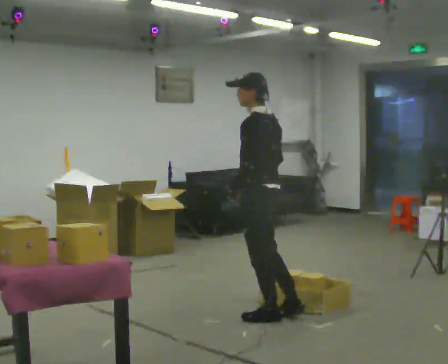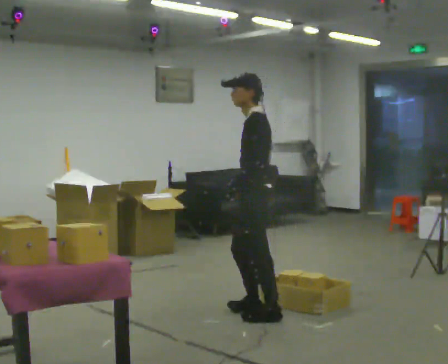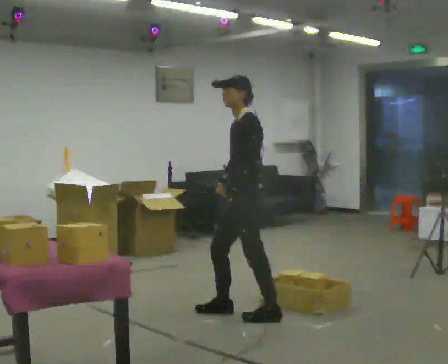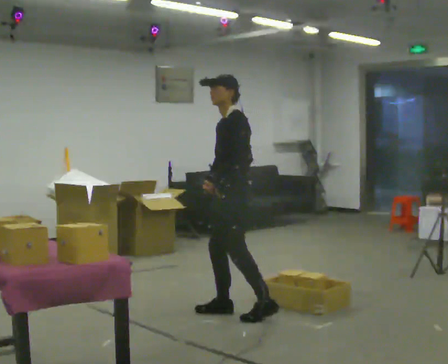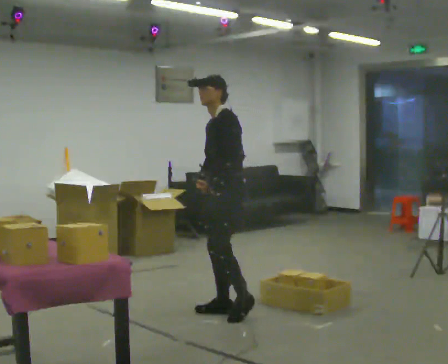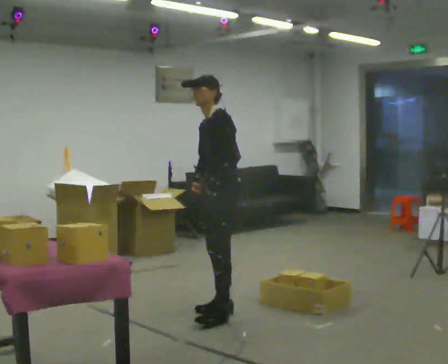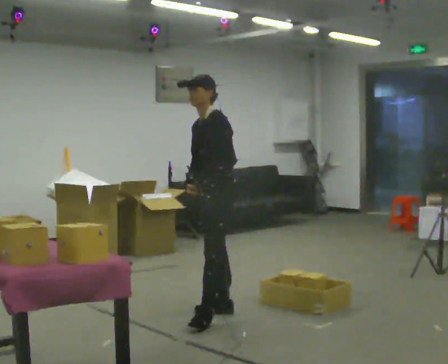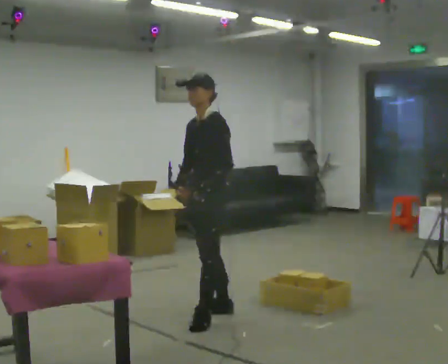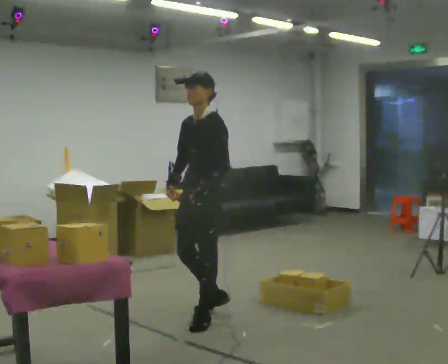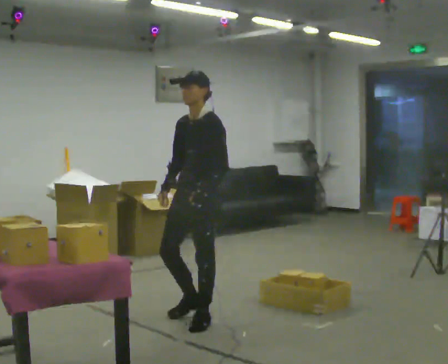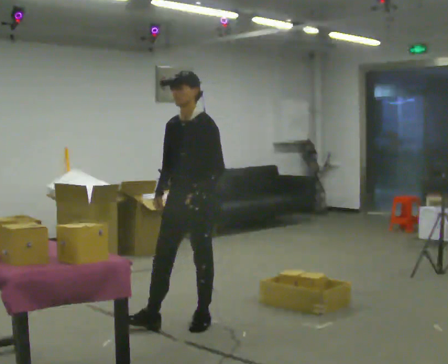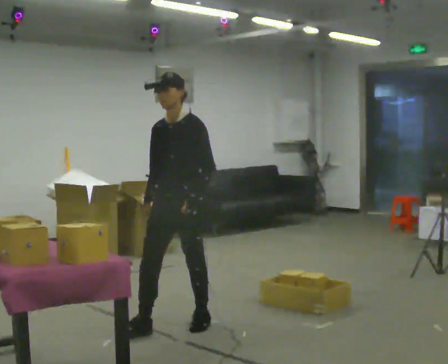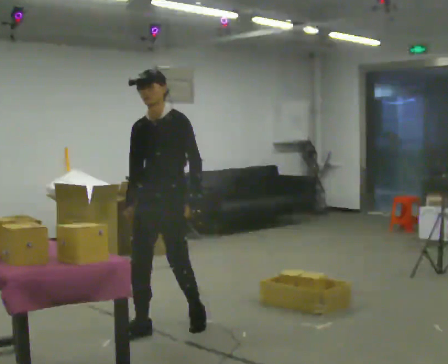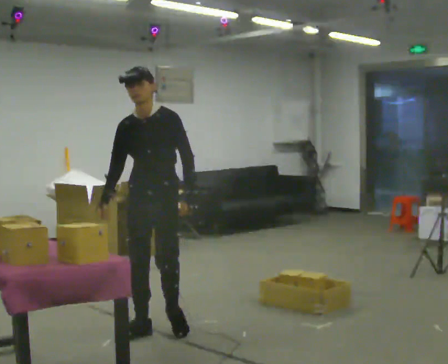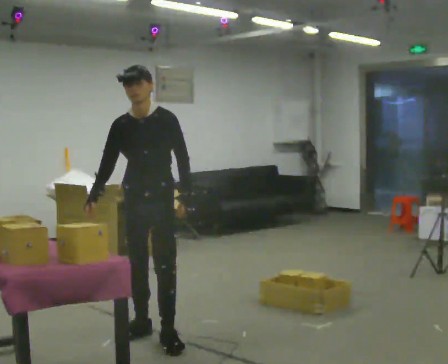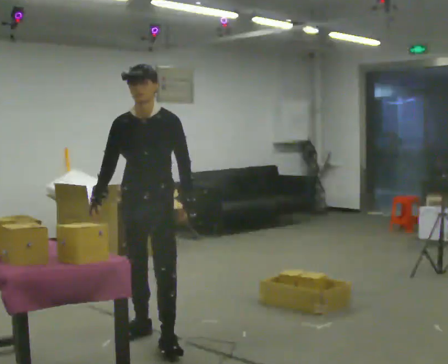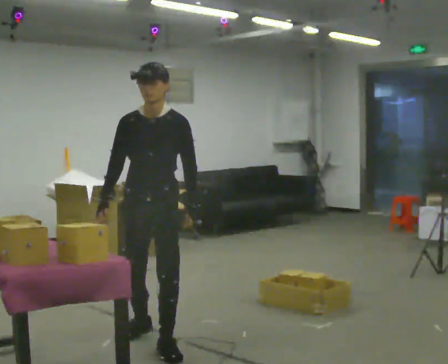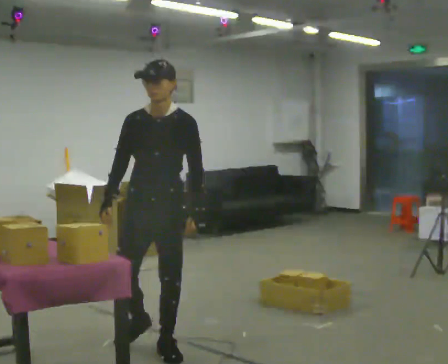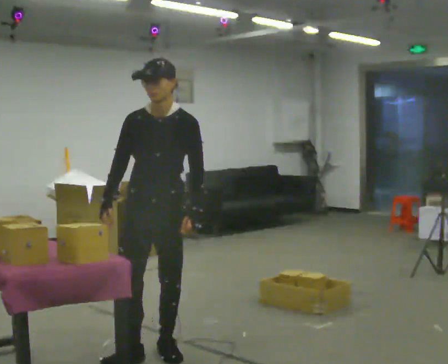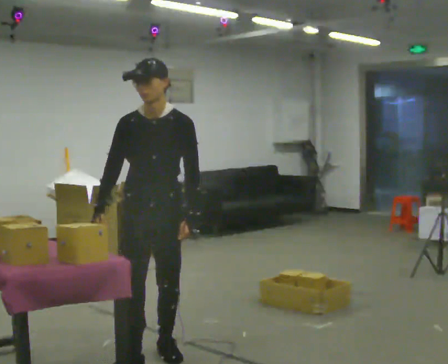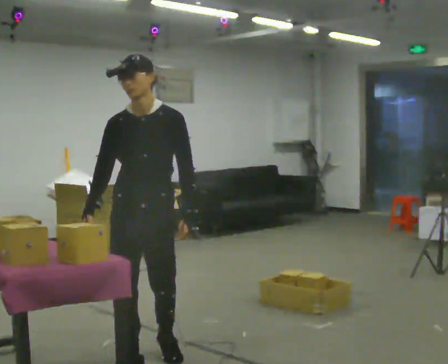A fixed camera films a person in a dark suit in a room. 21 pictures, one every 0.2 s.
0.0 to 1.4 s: Seen from above the body turns counterclockwise, about 60 degrees: to their left, with its near side sliding to the right. In the picture they go to the left and away from the camera, about 0.25 m in 2 steps.
1.4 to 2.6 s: The part of the body nearest the lens slides to the right as the person turns to their left by about 45 degrees. In the picture they go to the left and toward the camera, about 0.5 m in 1 step, which for them is forward.
2.6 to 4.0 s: In the picture they go toward the camera, about 0.75 m in 2 steps, which for them is forward.
The film runs forward here.
